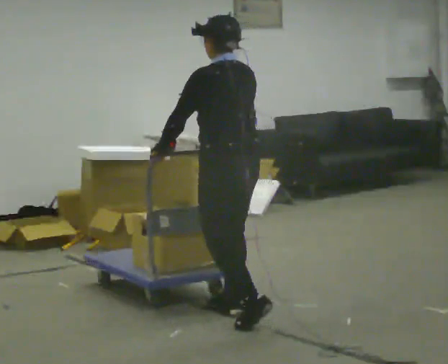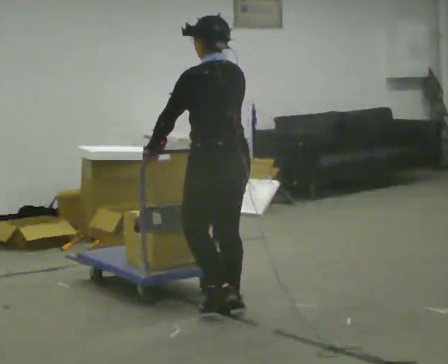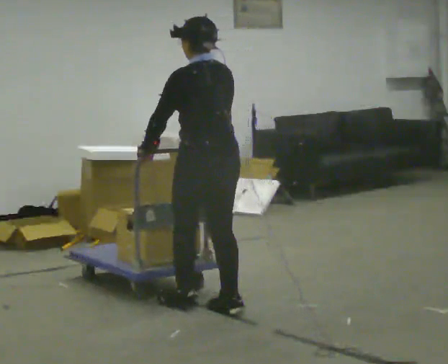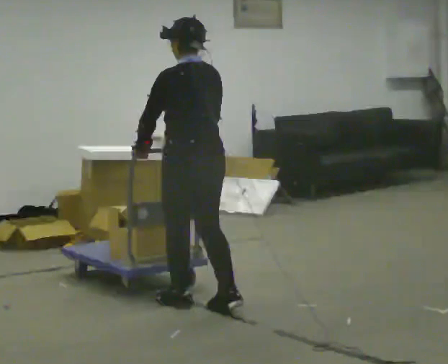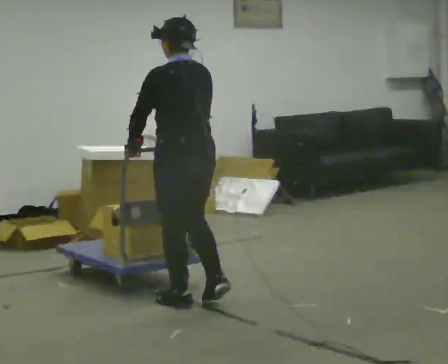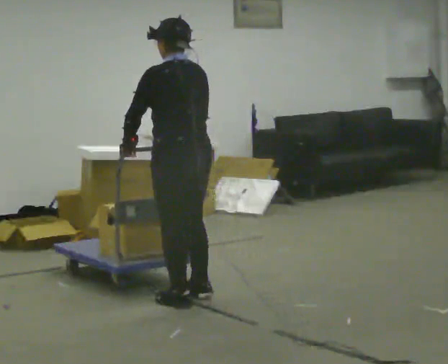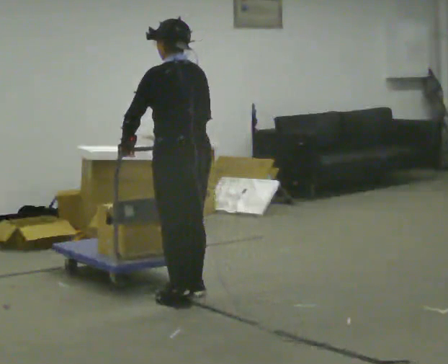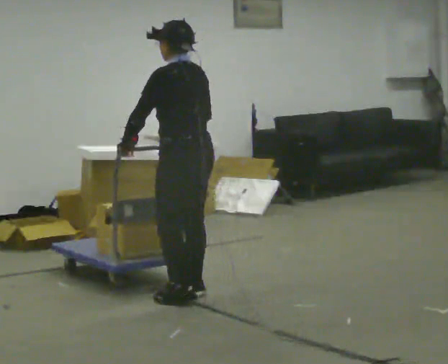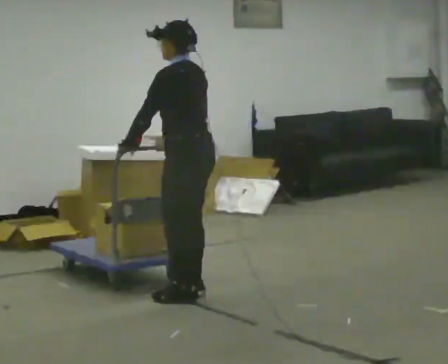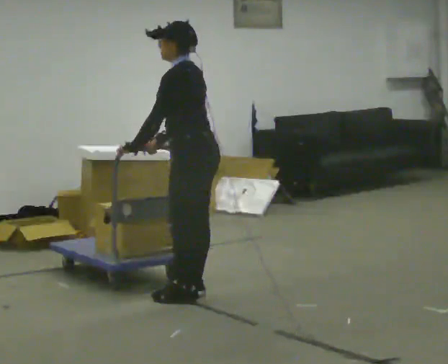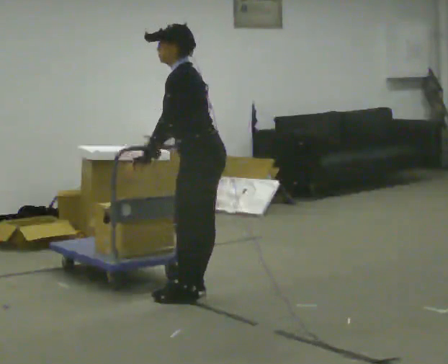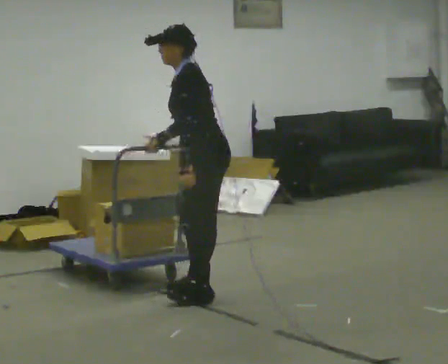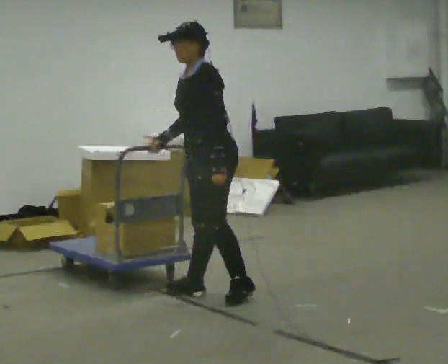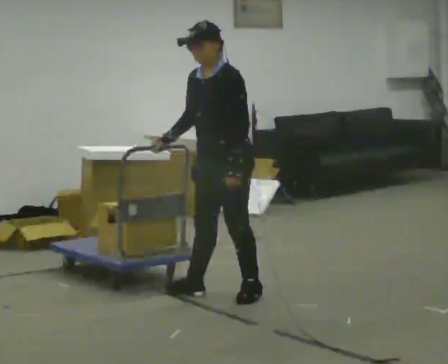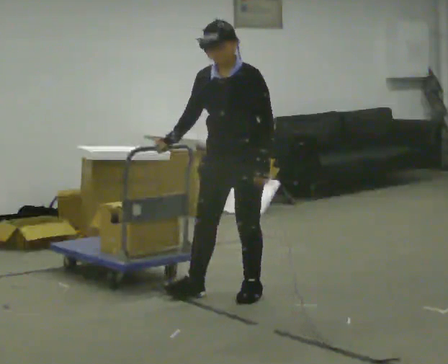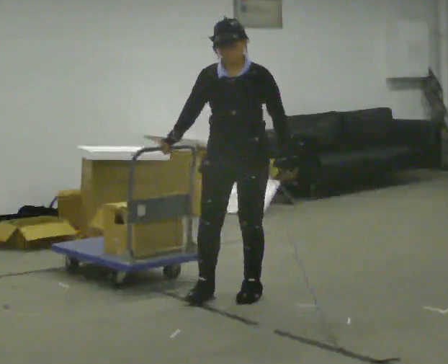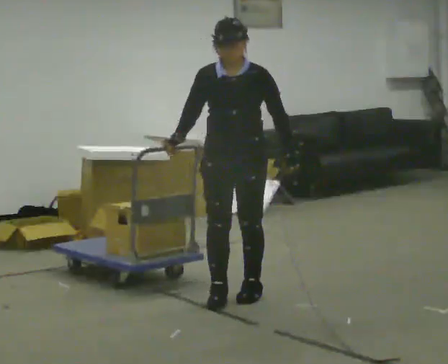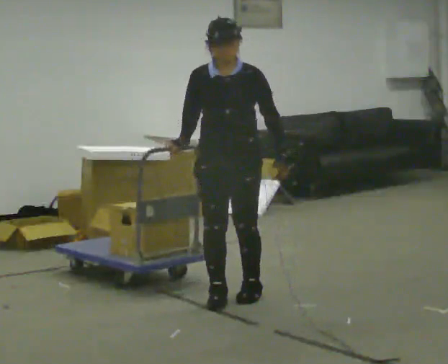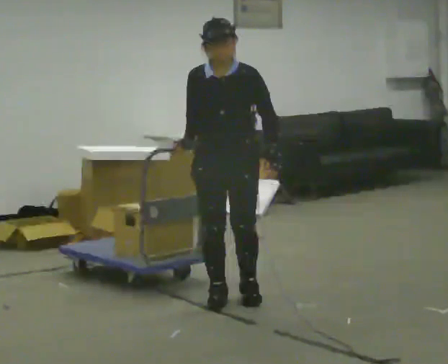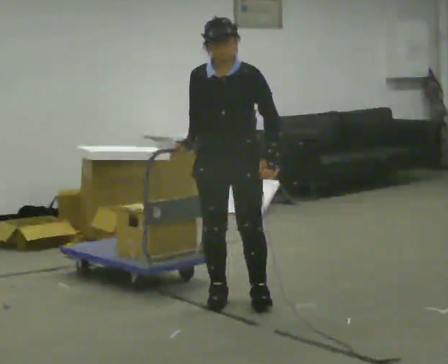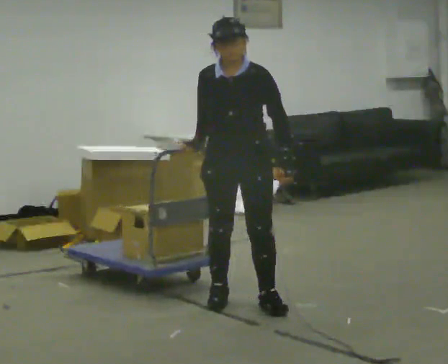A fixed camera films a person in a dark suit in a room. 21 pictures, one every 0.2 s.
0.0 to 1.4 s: In the picture they go away from the camera and to the left, about 0.5 m in 2 steps, which for them is forward.
1.4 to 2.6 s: The person turns about 75 degrees to their left, counterclockwise seen from above, so the part of the body nearest the lens slides to the right. In the picture they go to the right, about 0.25 m in 1 step. In the picture their left hand goes to the right, the arm swinging counterclockwise.
2.6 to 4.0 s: The person turns about 45 degrees to their left, counterclockwise seen from above, so the part of the body nearest the lens slides to the right. In the picture they go toward the camera, about 0.25 m in 2 steps, which for them is forward.
The film runs forward here.
